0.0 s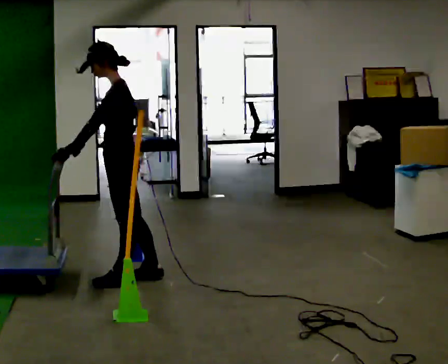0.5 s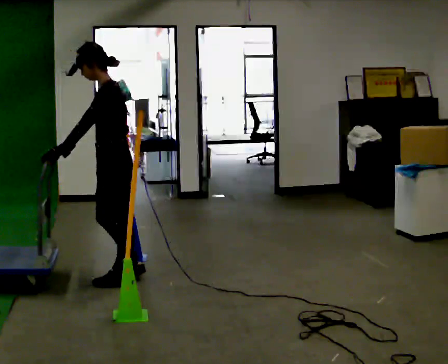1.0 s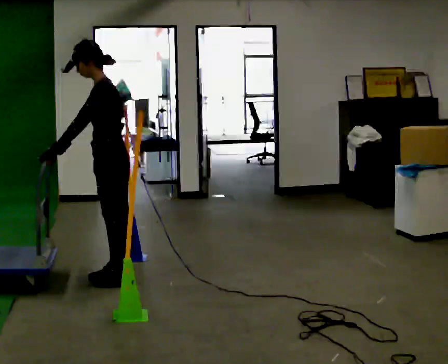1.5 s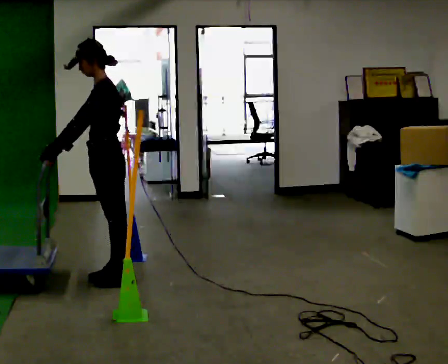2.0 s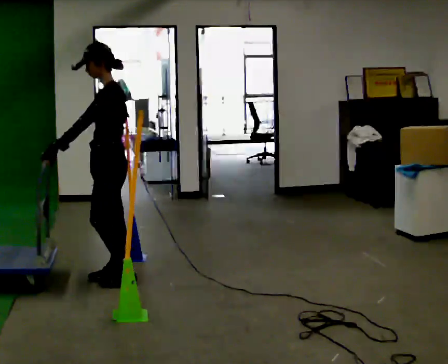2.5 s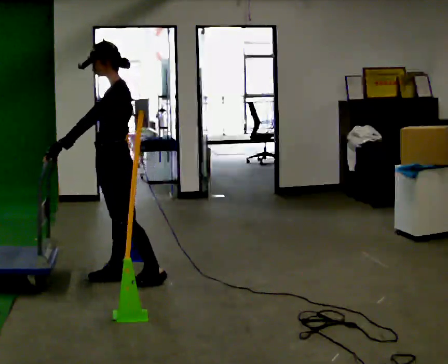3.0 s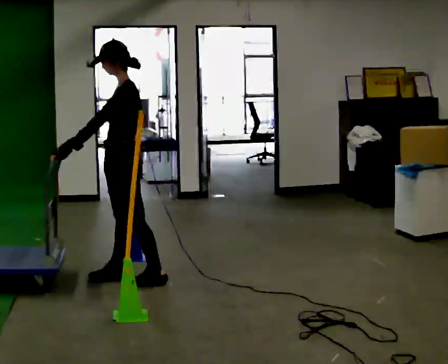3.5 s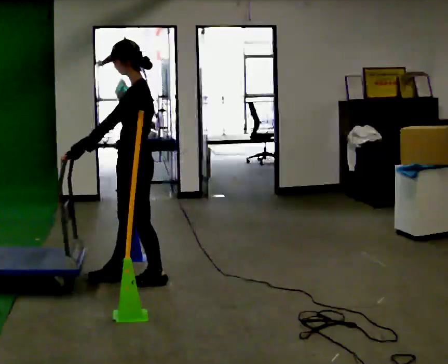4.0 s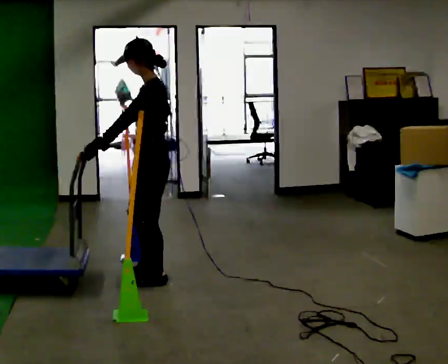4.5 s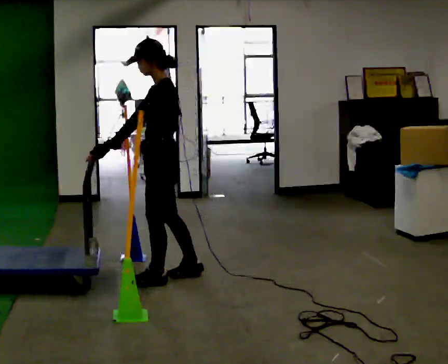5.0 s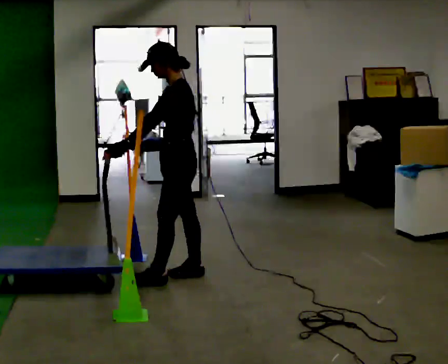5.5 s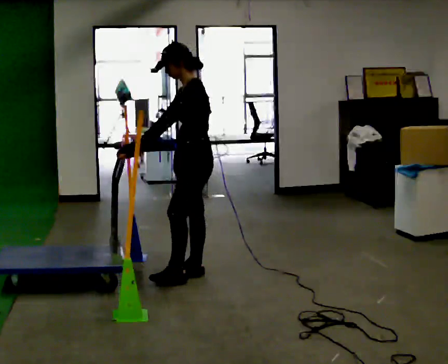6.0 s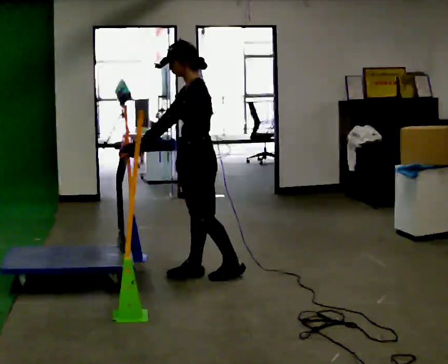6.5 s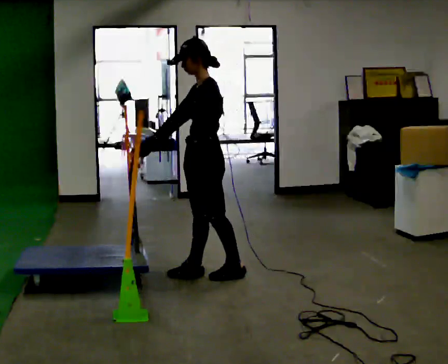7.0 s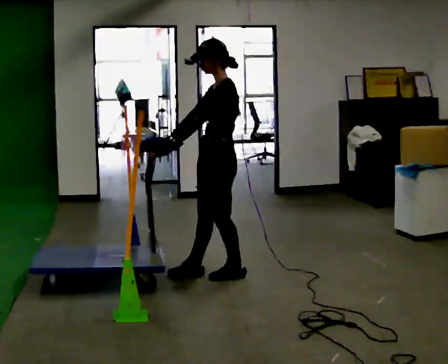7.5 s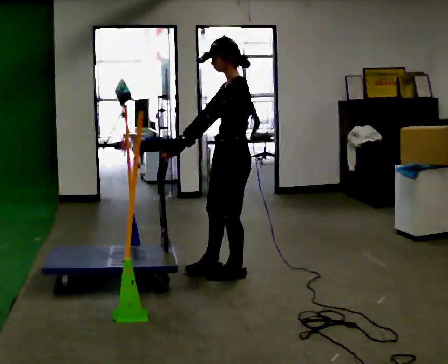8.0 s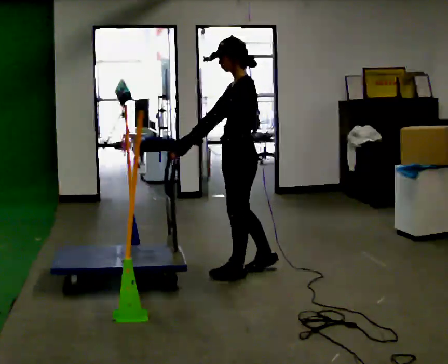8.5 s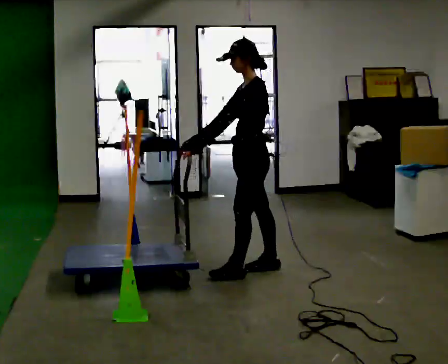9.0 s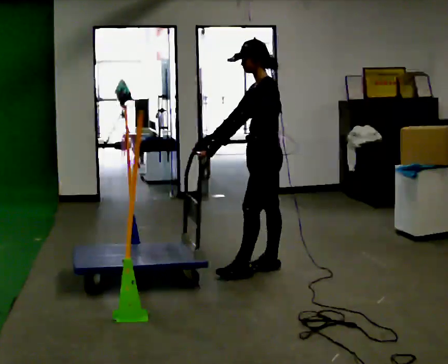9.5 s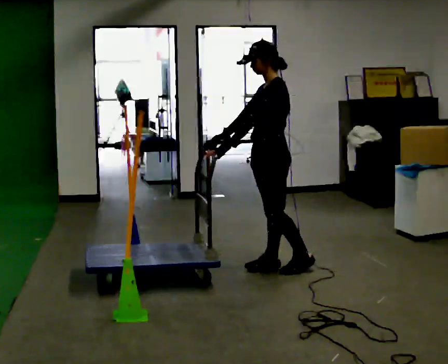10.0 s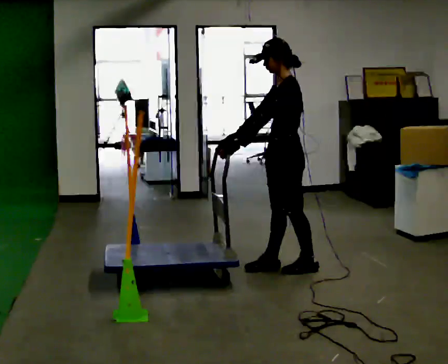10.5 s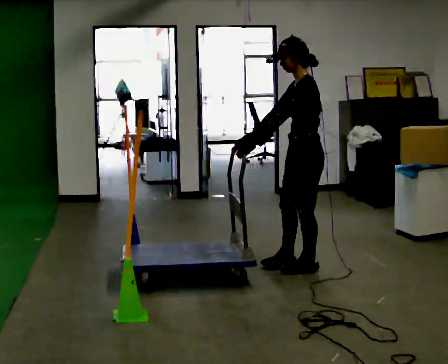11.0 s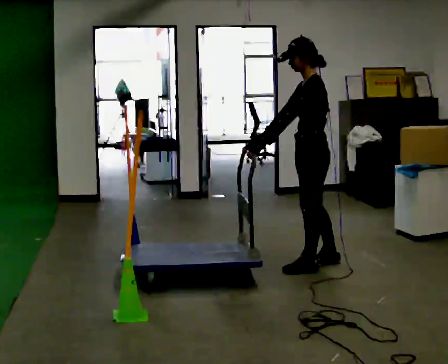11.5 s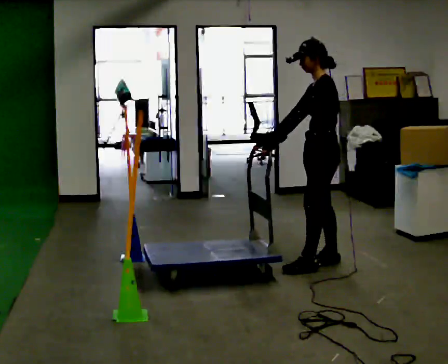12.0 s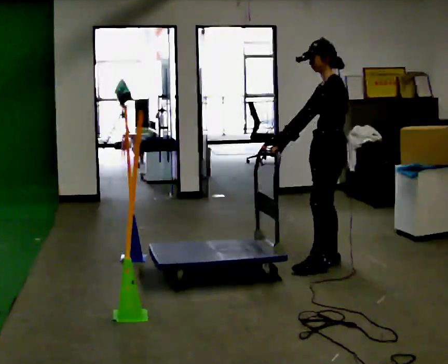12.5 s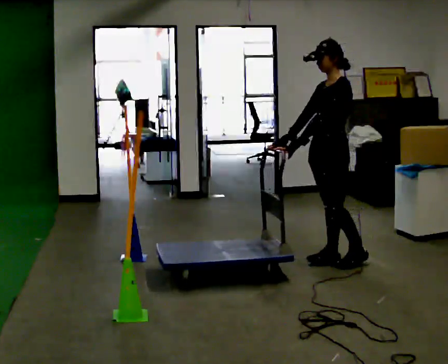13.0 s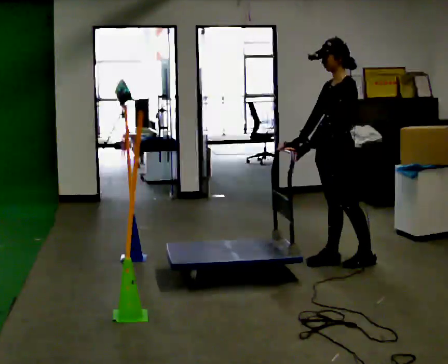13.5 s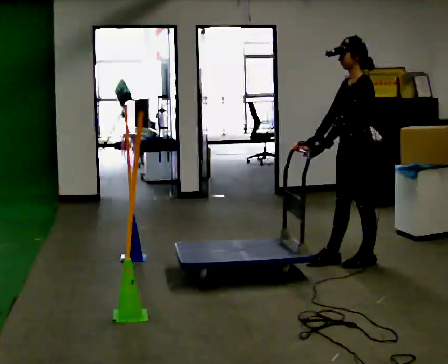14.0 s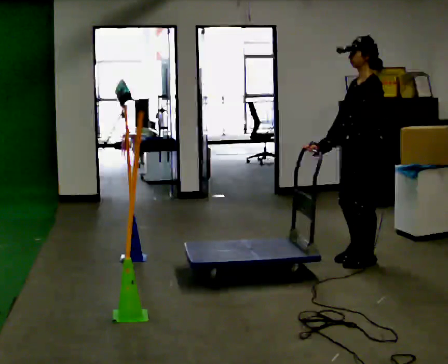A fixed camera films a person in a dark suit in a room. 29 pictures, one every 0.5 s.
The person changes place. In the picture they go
to the right.
0.0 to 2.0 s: The person moves a little, or ends about where they began.
2.0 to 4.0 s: In the picture they go to the right, about 0.25 m in 1 step, which for them is backward.
4.0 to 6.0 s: In the picture they go to the right and away from the camera, about 0.25 m in 1 step, which for them is backward and to their right.
6.0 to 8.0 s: In the picture they go to the right, about 0.25 m in 1 step, which for them is backward.
8.0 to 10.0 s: In the picture they go to the right, about 0.25 m in 1 step, which for them is backward.
10.0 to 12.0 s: In the picture they go to the right, about 0.25 m in 1 step, which for them is backward and to their right.
12.0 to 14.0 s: In the picture they go to the right, about 0.25 m in 2 steps, which for them is backward and to their left.
The film runs backward here.
